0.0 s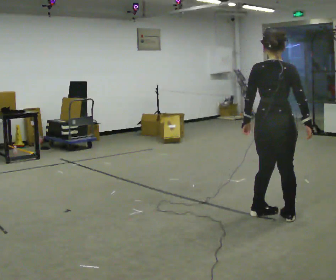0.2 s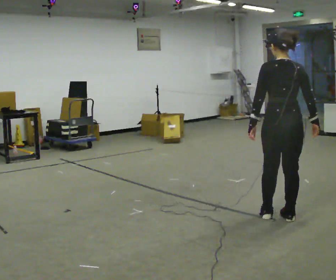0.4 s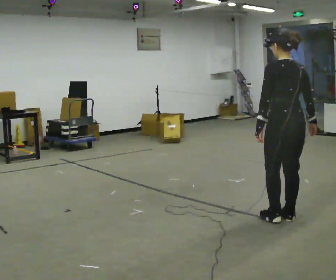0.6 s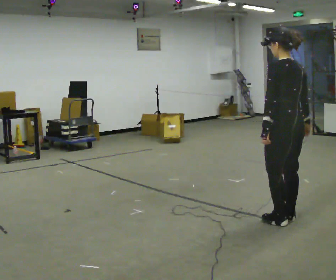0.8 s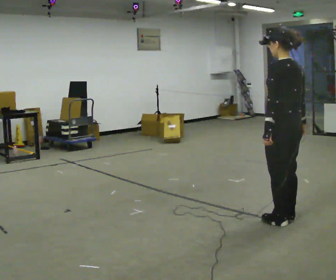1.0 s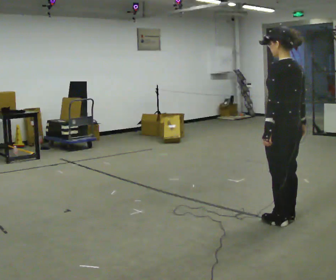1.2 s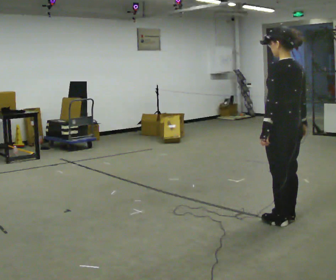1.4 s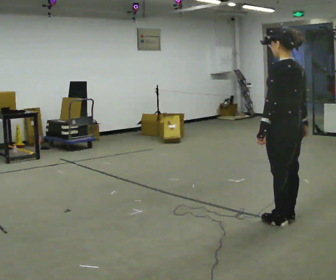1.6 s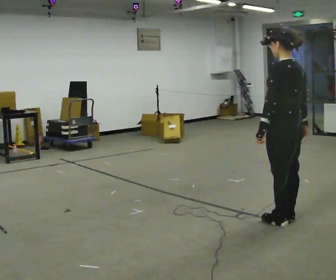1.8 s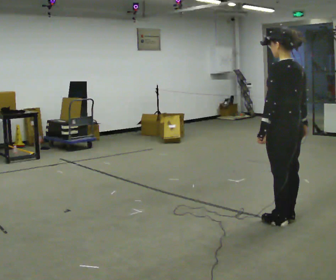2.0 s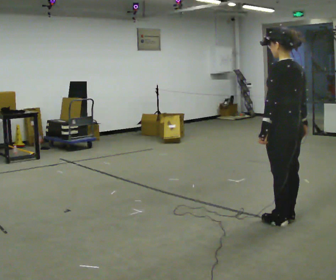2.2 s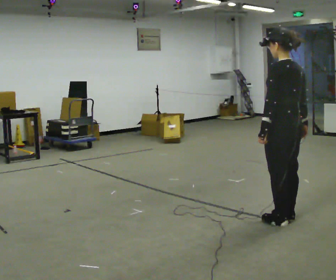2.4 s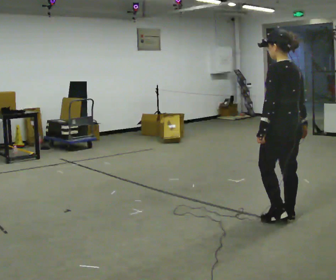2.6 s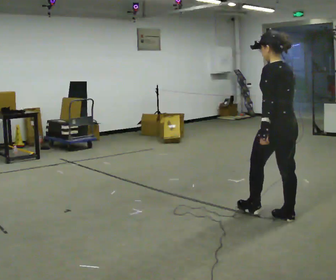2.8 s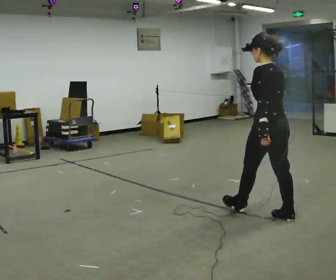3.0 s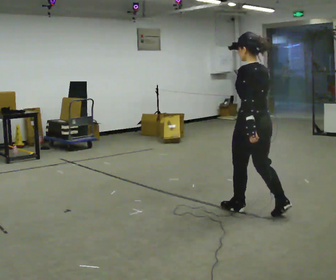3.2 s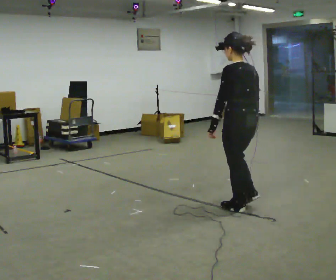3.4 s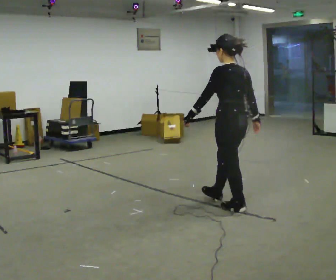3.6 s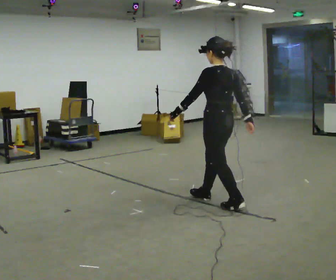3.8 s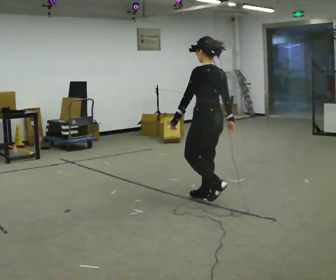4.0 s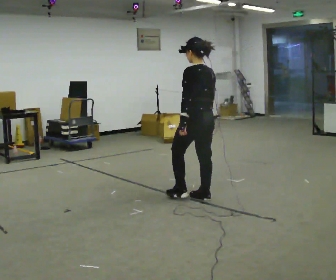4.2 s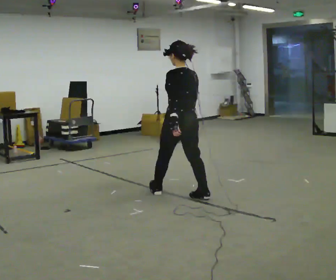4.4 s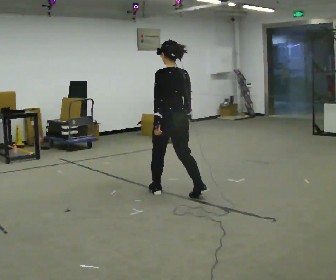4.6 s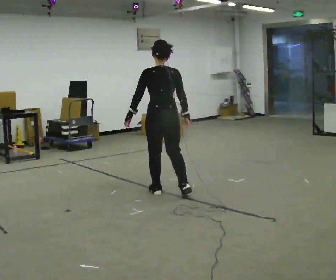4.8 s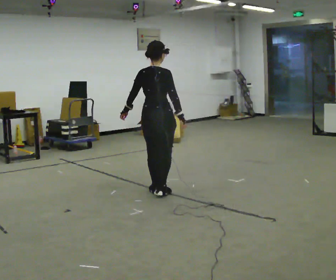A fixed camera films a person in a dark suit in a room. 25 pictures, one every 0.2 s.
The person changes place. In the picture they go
to the left.
0.0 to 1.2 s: The part of the body nearest the lens slides to the right as the person turns to their left by about 60 degrees. In the picture they go toward the camera, about 0.25 m in 1 step.
1.2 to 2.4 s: The person moves a little, or ends about where they began.
2.4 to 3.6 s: In the picture they go to the left and away from the camera, about 0.5 m in 2 steps, which for them is forward.
3.6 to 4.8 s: Seen from above the body turns clockwise, about 75 degrees: to their right, with its near side sliding to the left. In the picture they go to the left and away from the camera, about 1 m in 1 step.
The film runs forward here.
